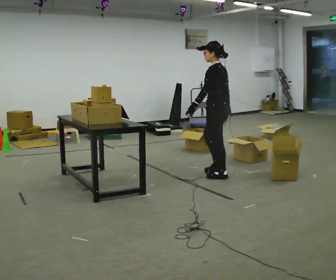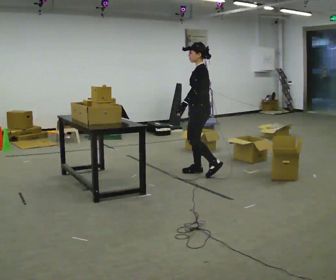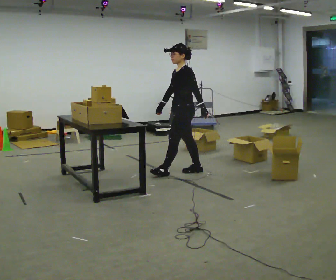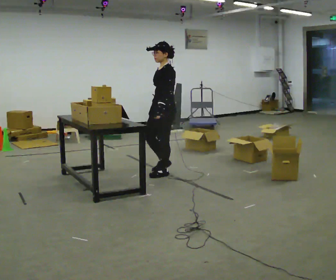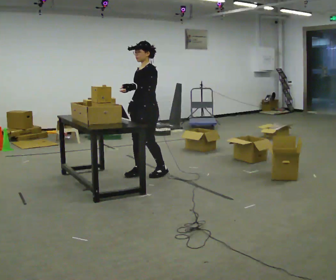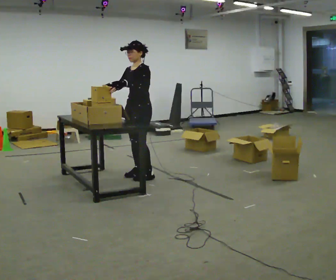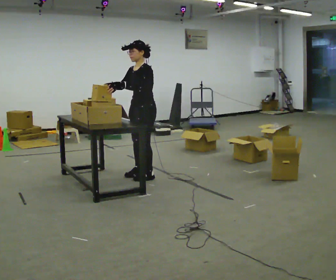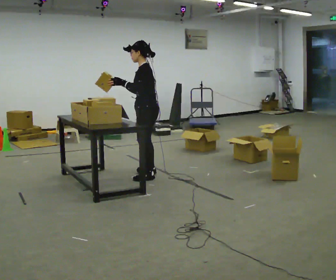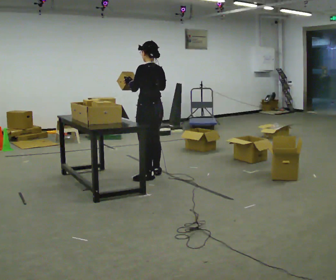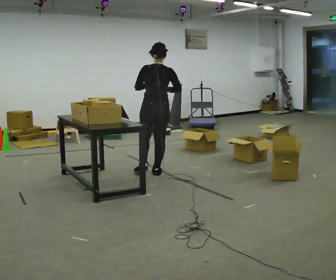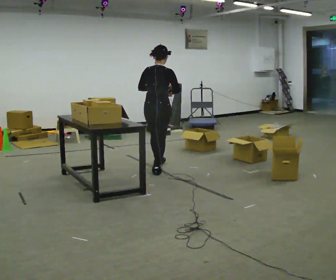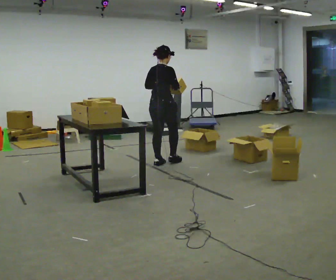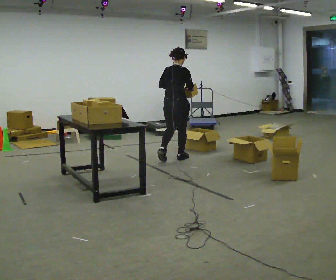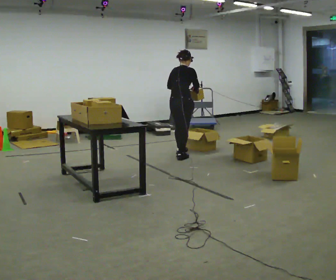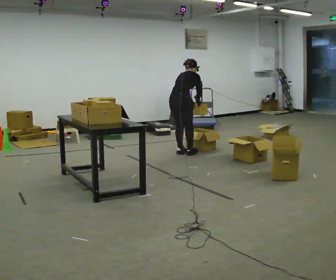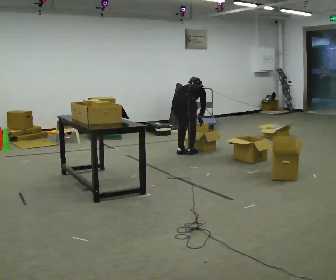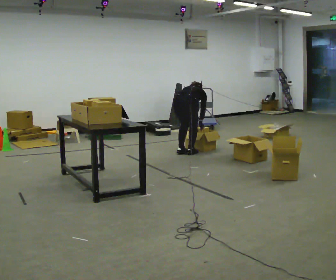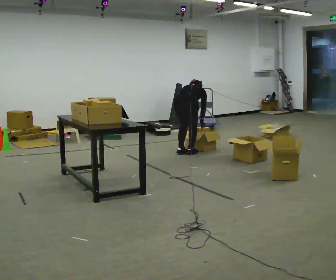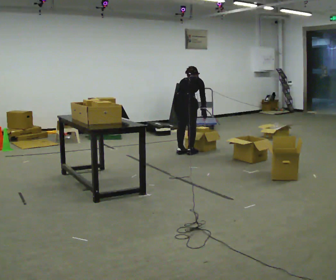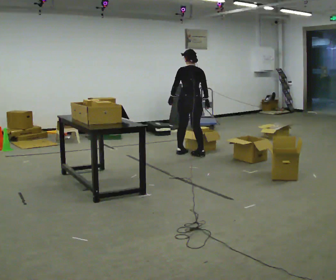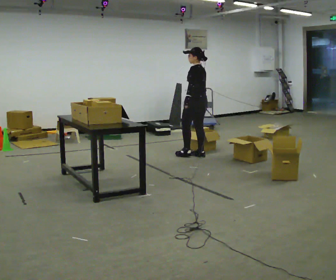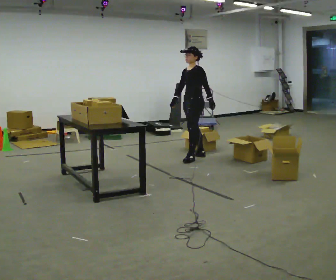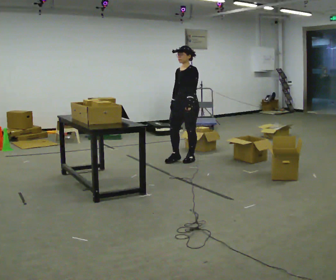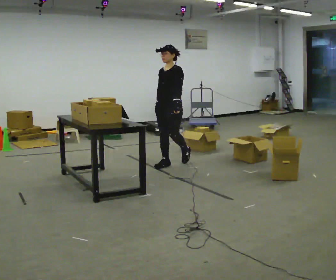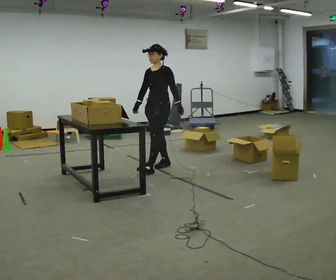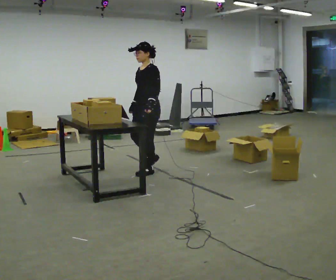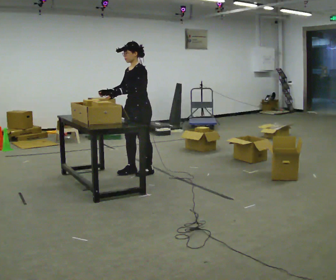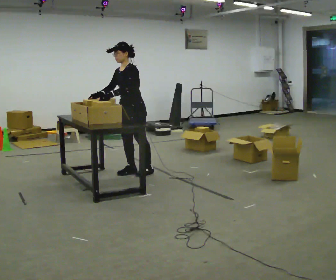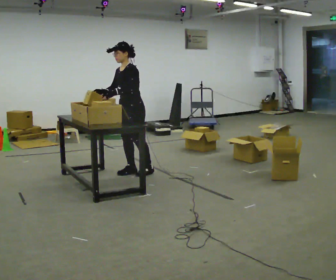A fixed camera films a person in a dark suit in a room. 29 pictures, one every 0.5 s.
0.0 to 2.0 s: Seen from above the body turns counterclockwise, about 60 degrees: to their left, with its near side sliding to the right. In the picture they go to the left, about 1 m in 3 steps.
2.0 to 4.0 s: The person turns about 75 degrees to their right, clockwise seen from above, so the part of the body nearest the lens slides to the left.
4.0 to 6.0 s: The part of the body nearest the lens slides to the left as the person turns to their right by about 75 degrees. In the picture they go away from the camera, about 1 m in 2 steps.
6.0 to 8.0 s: In the picture they go away from the camera and to the right, about 0.25 m in 2 steps, which for them is forward. The shoulders move downward. The upper body tips away from the camera, its near side rolling upward, as they bend forward. In the picture their right hand goes downward.
8.0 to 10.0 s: The person turns about 75 degrees to their left, counterclockwise seen from above, so the part of the body nearest the lens slides to the right. In the picture they go to the right, about 0.25 m in 1 step. The upper body goes upward. The upper body tips toward the camera, its near side rolling downward, as they lean back or straighten. In the picture their left hand goes upward.
10.0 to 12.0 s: The part of the body nearest the lens slides to the right as the person turns to their left by about 90 degrees. In the picture they go toward the camera and to the left, about 1 m in 3 steps.
12.0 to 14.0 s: In the picture they go to the left and toward the camera, about 0.5 m in 1 step, which for them is forward.
The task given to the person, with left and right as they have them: 1. Take the objects out of the box on the table one at a time. 2. Put each one in the bin the operator has labelled for it. 3. Tell the operator when you are finished.
The film runs forward here.
